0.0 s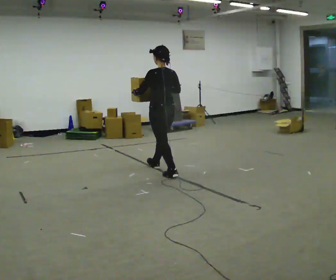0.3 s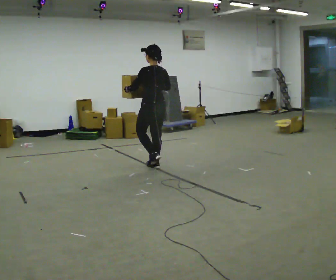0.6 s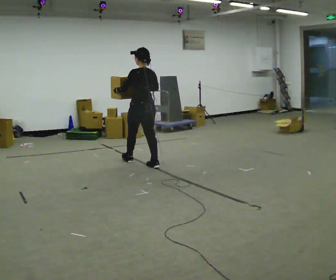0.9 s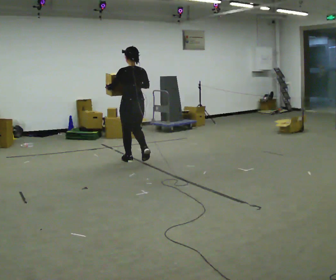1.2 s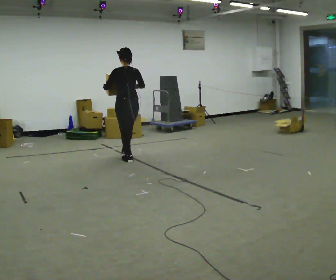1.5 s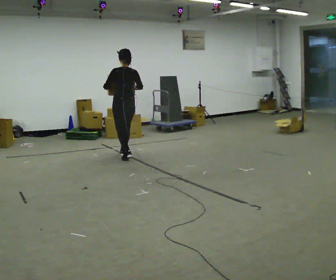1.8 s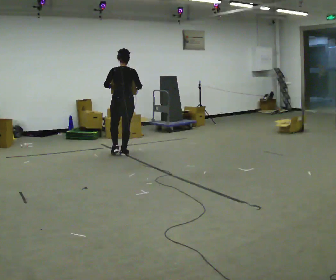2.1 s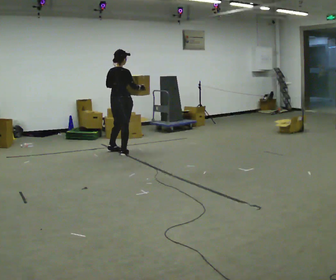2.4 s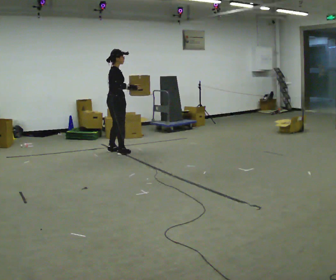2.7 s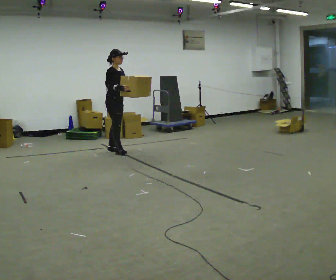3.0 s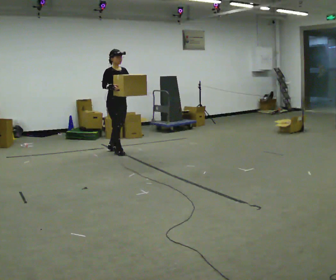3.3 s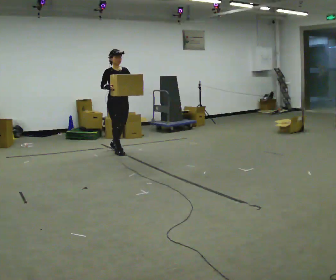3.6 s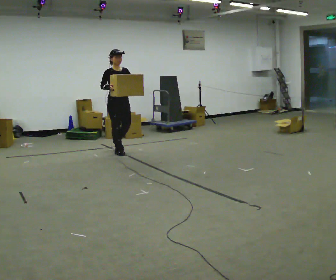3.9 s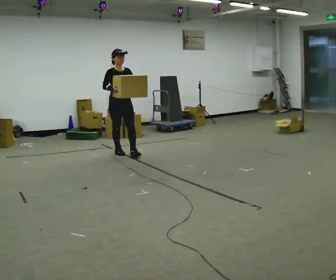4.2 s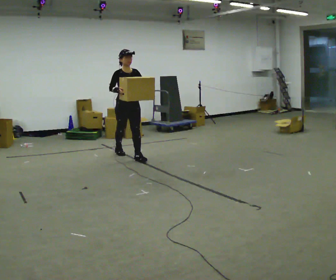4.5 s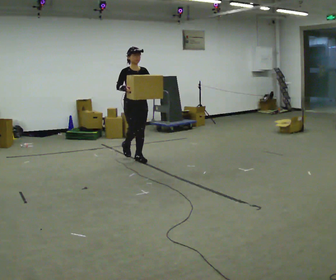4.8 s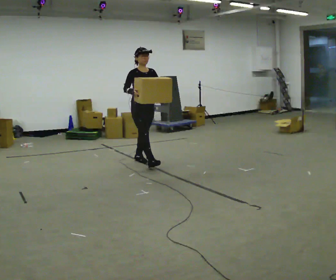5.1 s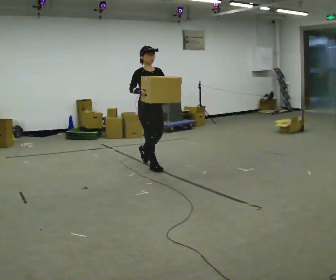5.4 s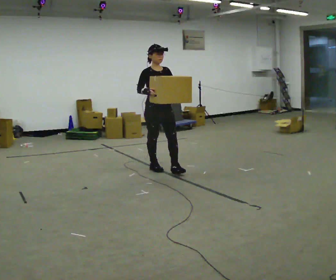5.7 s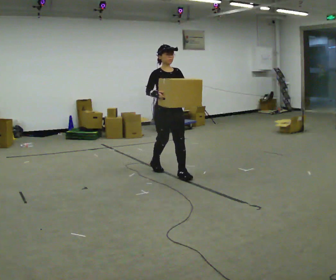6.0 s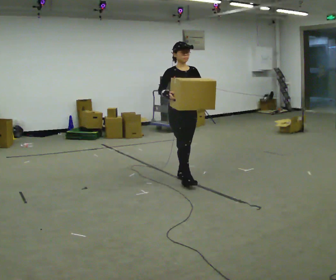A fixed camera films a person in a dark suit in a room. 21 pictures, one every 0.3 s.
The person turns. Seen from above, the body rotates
clockwise.
The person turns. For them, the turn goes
to their right.
0.0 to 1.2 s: In the picture they go away from the camera and to the left, about 1 m in 1 step, which for them is forward.
1.2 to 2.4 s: Seen from above the body turns clockwise, about 90 degrees: to their right, with its near side sliding to the left. In the picture they go away from the camera and to the left, about 0.5 m in 2 steps.
2.4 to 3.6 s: The part of the body nearest the lens slides to the left as the person turns to their right by about 75 degrees.
3.6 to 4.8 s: In the picture they go toward the camera and to the right, about 0.5 m in 1 step, which for them is forward.
4.8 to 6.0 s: In the picture they go toward the camera and to the right, about 1 m in 2 steps, which for them is forward.
The film runs forward here.
